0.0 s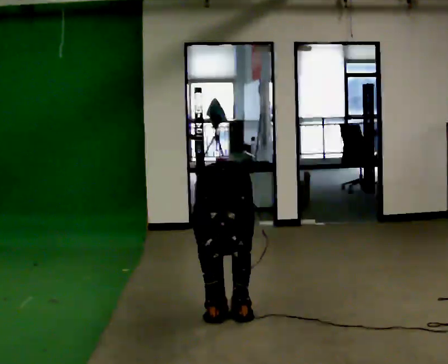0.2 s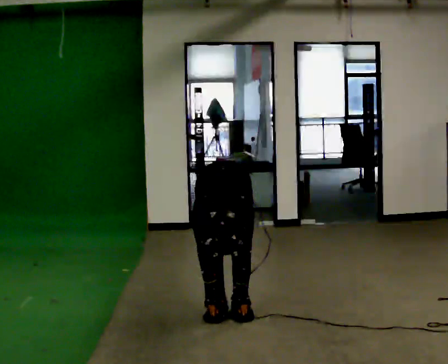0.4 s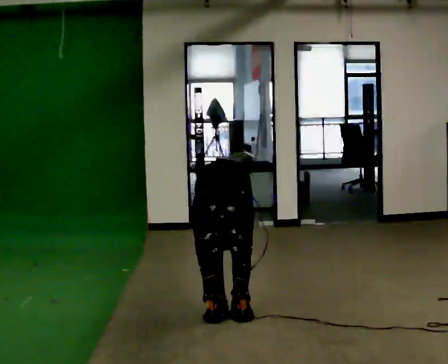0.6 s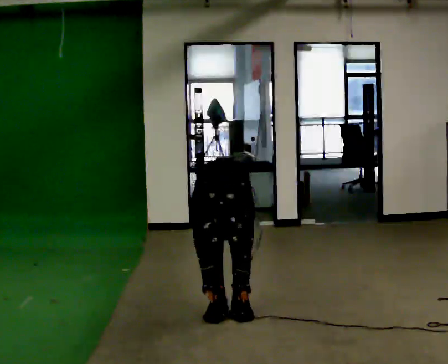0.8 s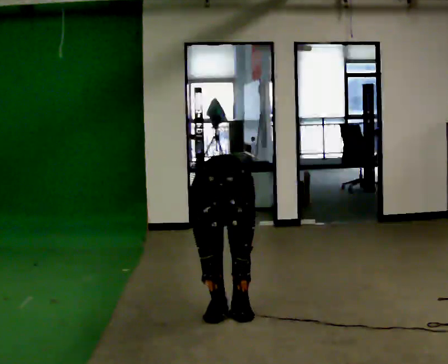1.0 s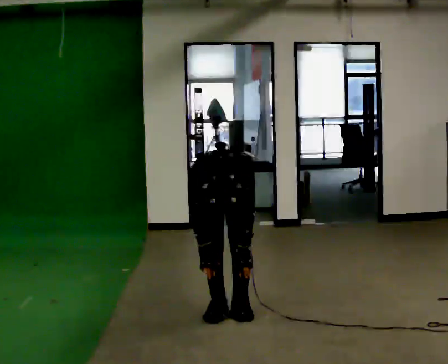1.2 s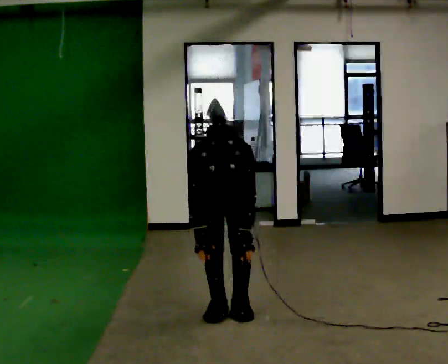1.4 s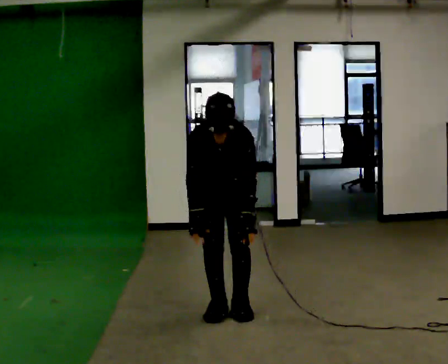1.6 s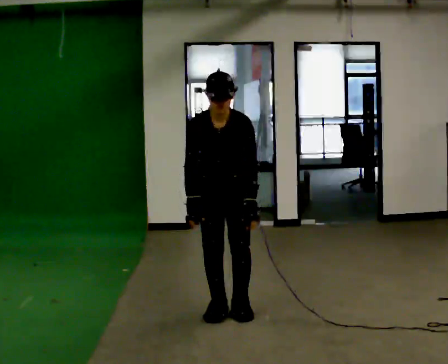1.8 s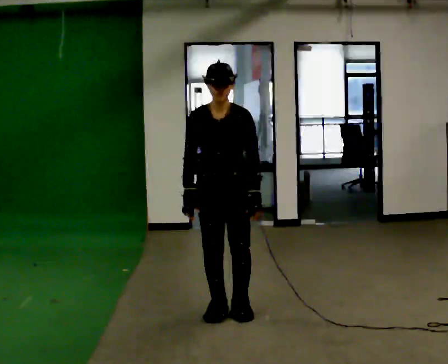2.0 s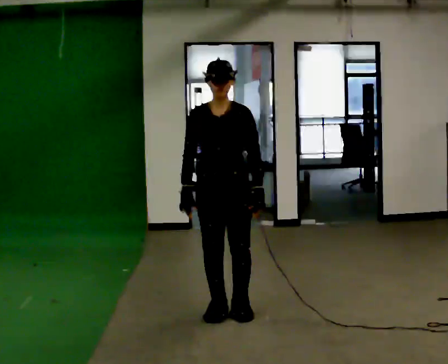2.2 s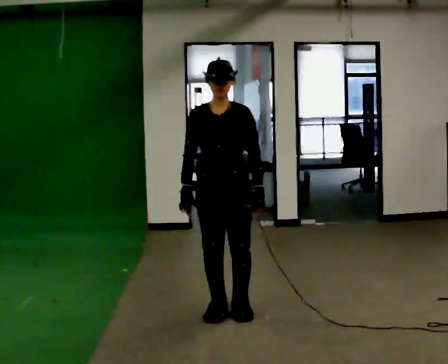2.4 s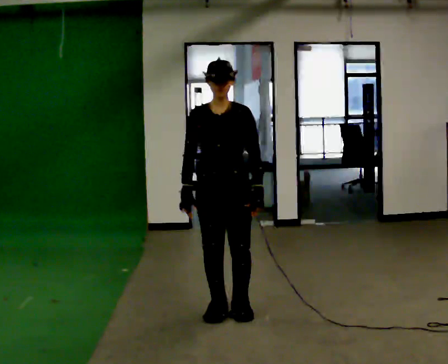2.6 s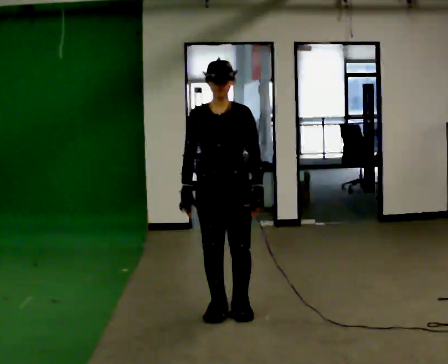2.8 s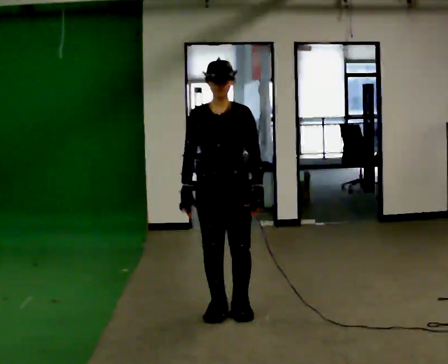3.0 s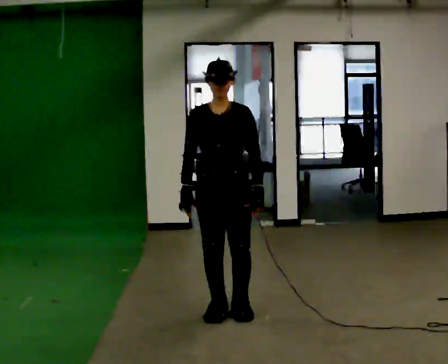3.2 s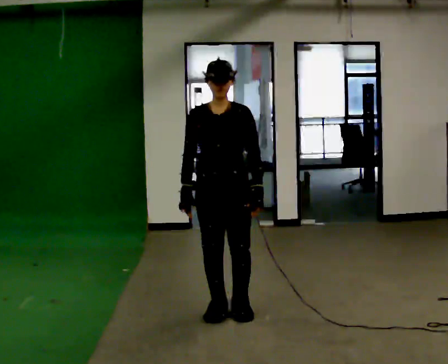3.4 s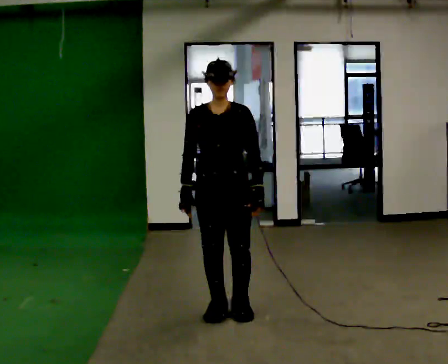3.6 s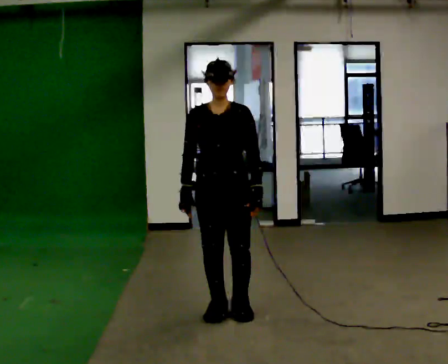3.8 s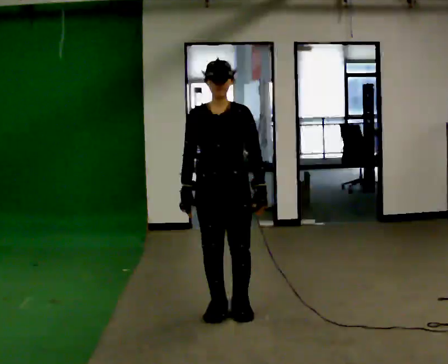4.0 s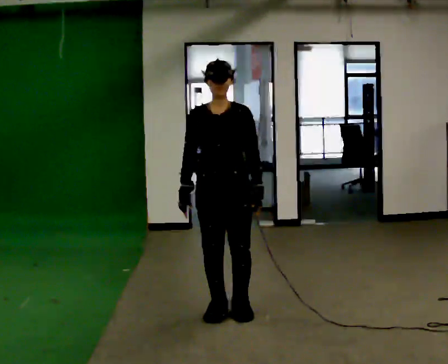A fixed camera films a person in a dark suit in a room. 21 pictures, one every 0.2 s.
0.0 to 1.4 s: The upper body goes upward. The upper body tips away from the camera, its near side rolling upward, as they lean back or straighten. In the picture their right hand goes upward.
1.4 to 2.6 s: The upper body tips away from the camera, its near side rolling upward, as they lean back or straighten.
2.6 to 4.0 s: The person moves a little, or ends about where they began.
The film runs backward here.
